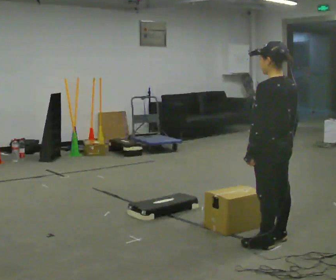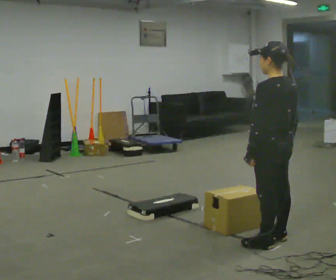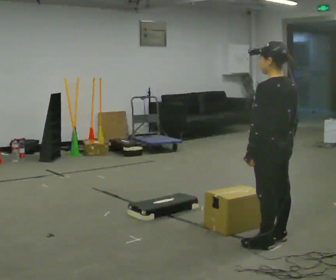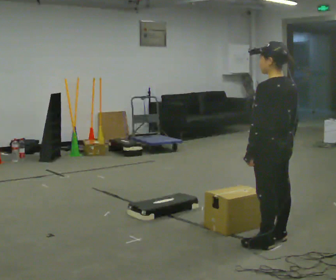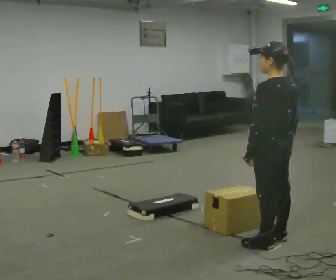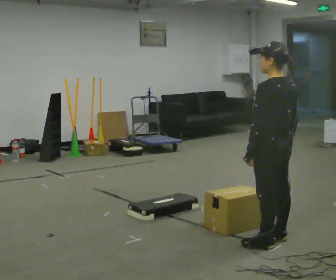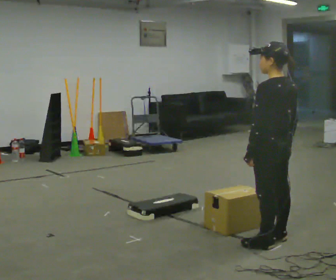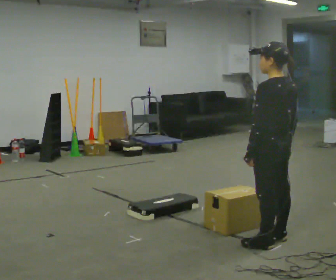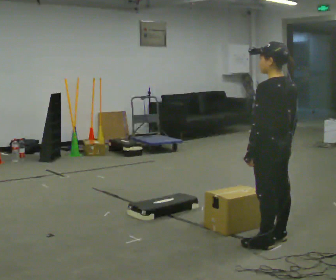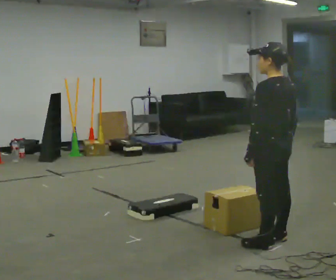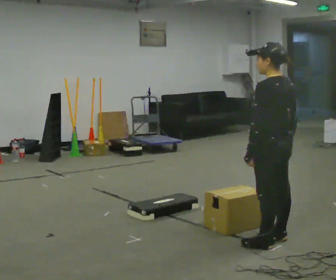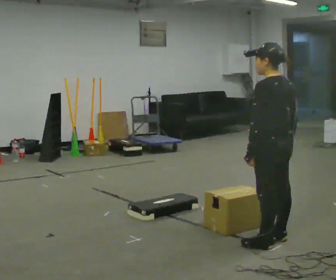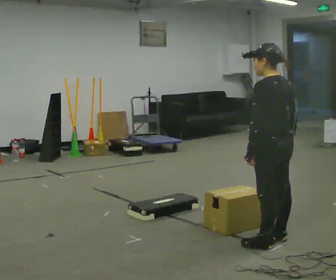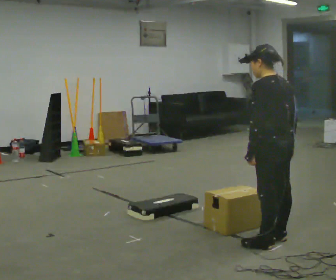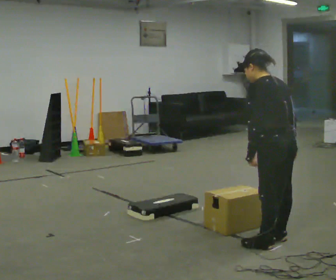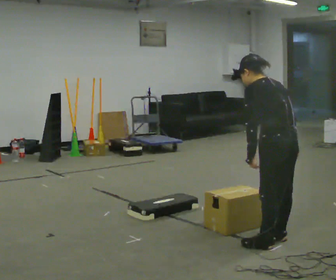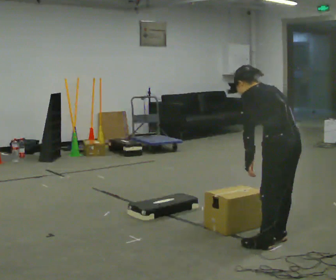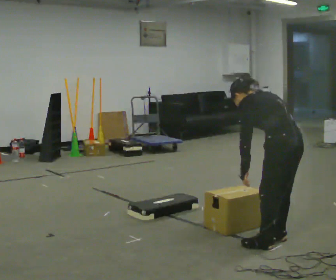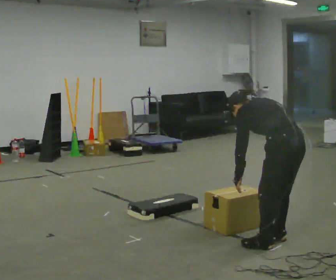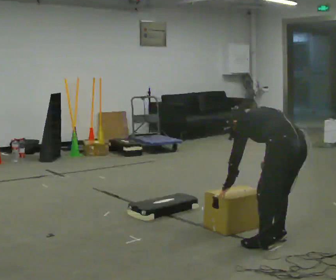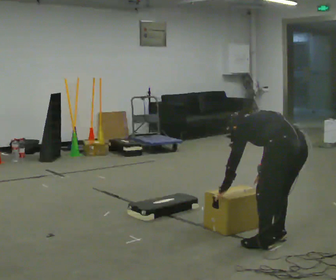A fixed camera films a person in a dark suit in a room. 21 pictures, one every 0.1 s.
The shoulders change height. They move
downward.
0.0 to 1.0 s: The person keeps their place and pose.
1.0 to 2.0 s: The upper body goes downward. The upper body tips away from the camera, its near side rolling upward, as they bend forward.
The film runs forward here.
